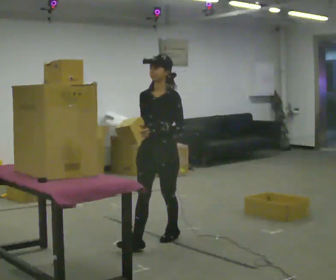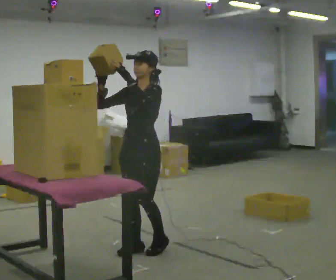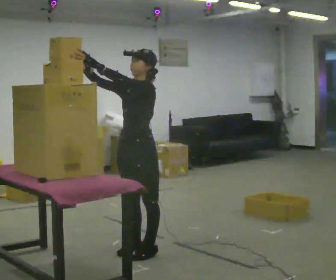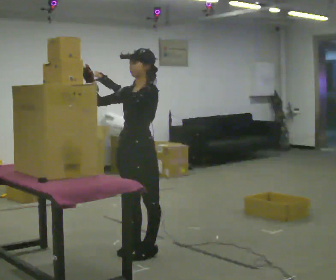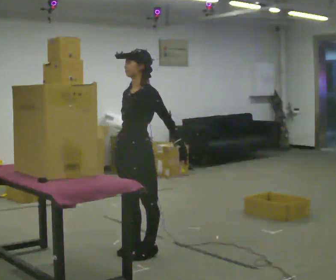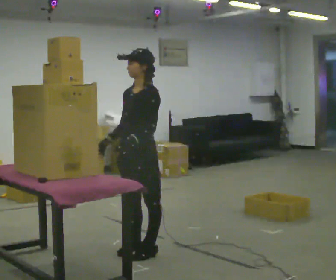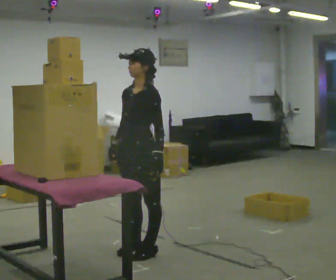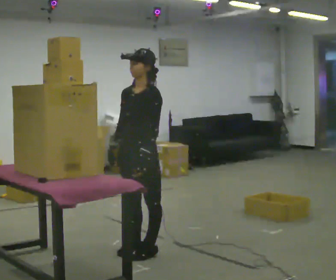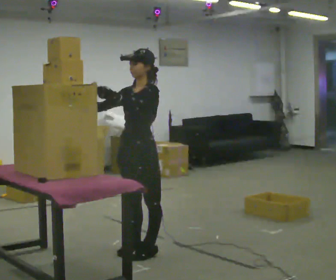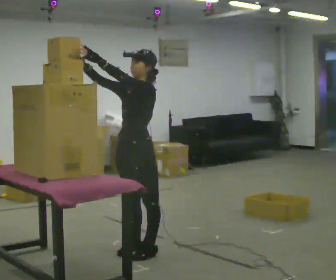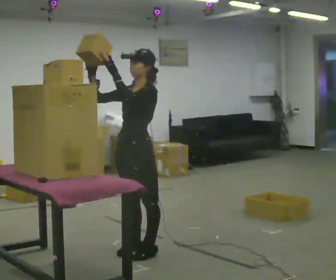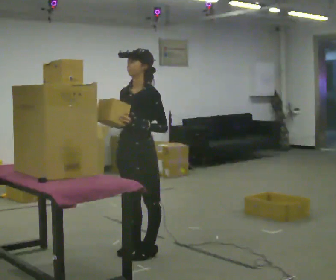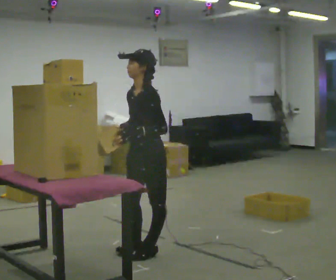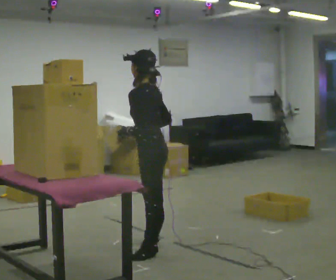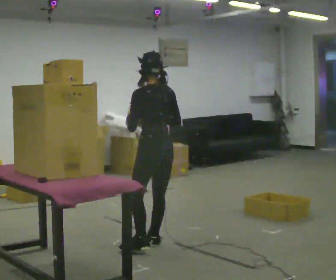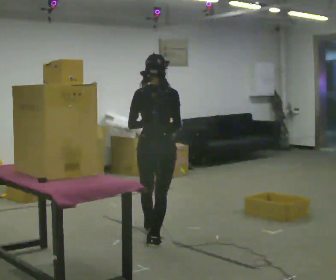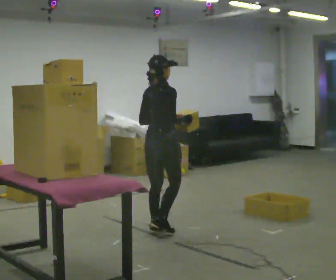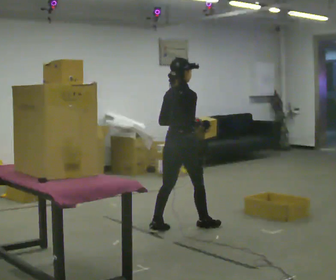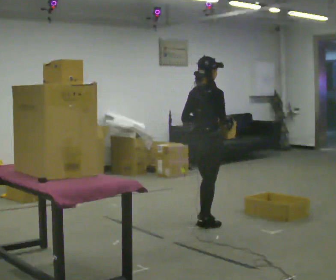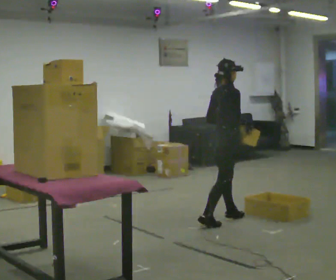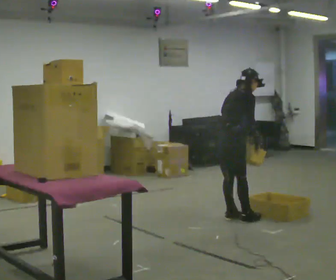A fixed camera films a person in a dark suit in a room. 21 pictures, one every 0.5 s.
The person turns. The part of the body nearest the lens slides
to the left.
The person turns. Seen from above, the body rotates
clockwise.
0.0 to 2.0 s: In the picture they go toward the camera and to the left, about 0.5 m in 1 step, which for them is forward and to their left.
2.0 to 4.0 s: In the picture their left hand goes to the left and upward.
4.0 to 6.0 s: The person moves a little, or ends about where they began.
6.0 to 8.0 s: The part of the body nearest the lens slides to the left as the person turns to their right by about 165 degrees. In the picture they go away from the camera, about 0.75 m in 2 steps.
8.0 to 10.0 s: In the picture they go to the right and away from the camera, about 1 m in 3 steps, which for them is forward. In the picture the upper body tilts clockwise, shoulders to the right, as they bend forward.
The film runs forward here.
